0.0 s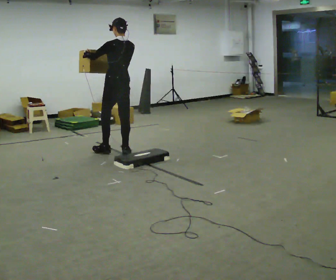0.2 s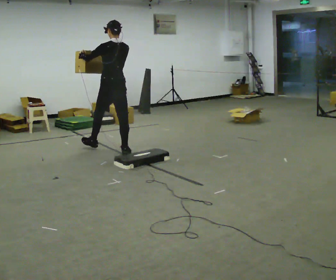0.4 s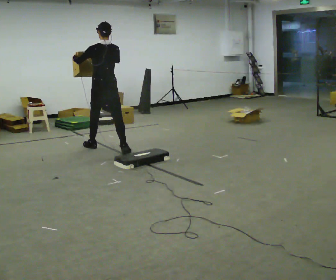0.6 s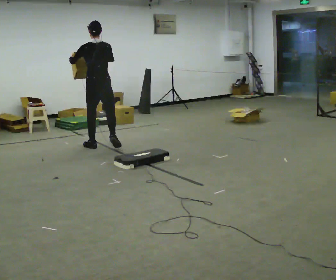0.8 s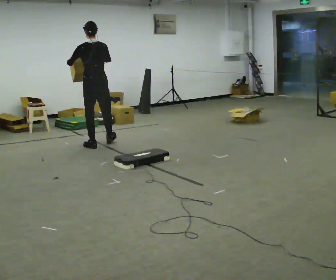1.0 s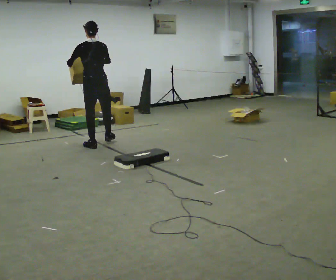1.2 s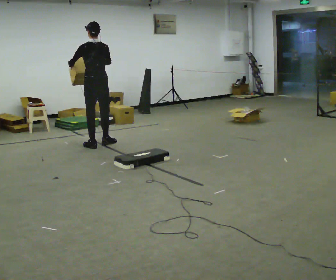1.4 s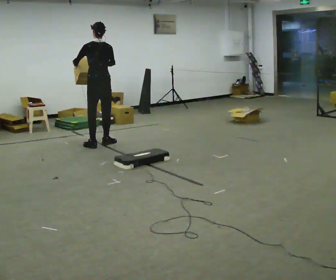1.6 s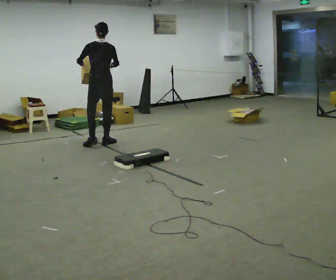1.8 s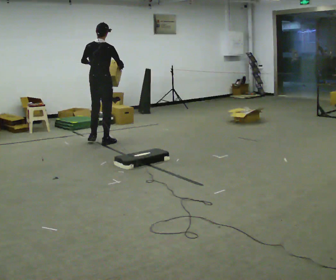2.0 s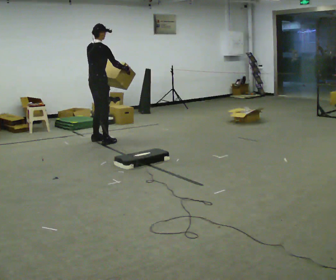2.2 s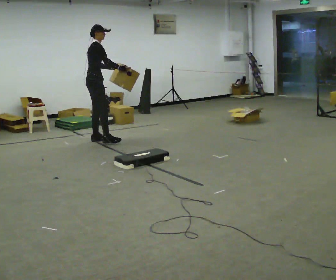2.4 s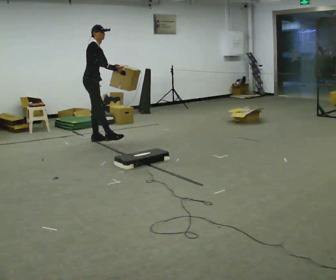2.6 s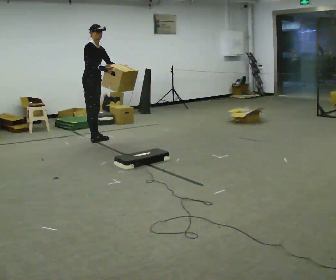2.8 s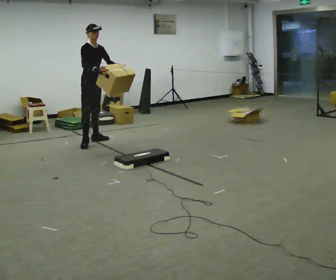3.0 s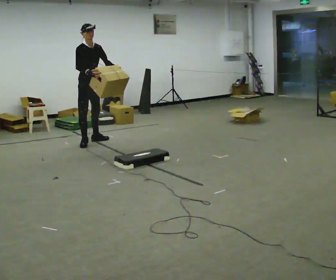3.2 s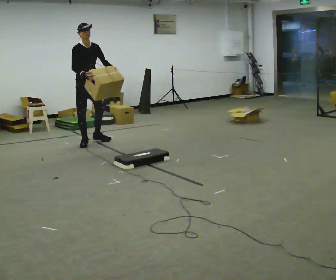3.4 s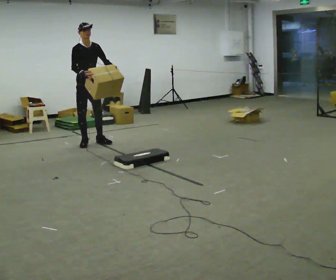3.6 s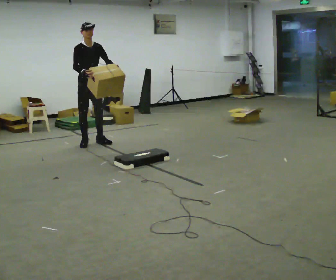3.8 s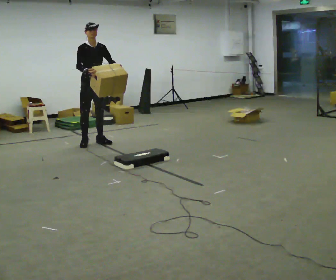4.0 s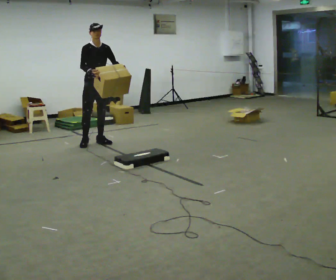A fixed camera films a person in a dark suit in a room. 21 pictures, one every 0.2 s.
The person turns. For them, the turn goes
to their right.
The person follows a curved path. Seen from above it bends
clockwise.
0.0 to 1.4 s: In the picture they go away from the camera and to the left, about 0.5 m in 2 steps, which for them is forward.
1.4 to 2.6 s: The person turns about 135 degrees to their right, clockwise seen from above, so the part of the body nearest the lens slides to the left. In the picture they go away from the camera, about 0.25 m in 1 step.
2.6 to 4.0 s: The person turns about 45 degrees to their right, clockwise seen from above, so the part of the body nearest the lens slides to the left.
The film runs forward here.
